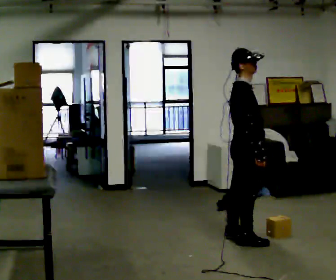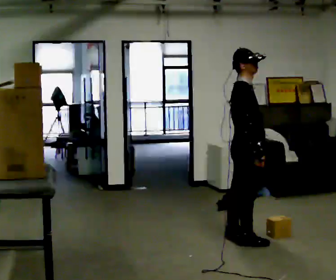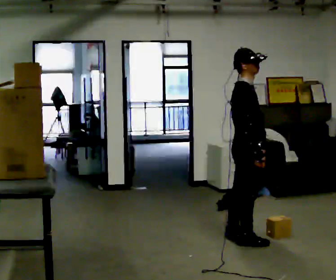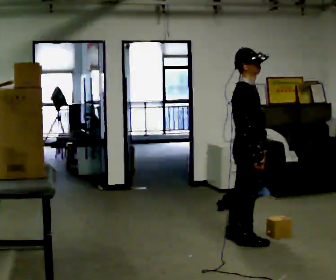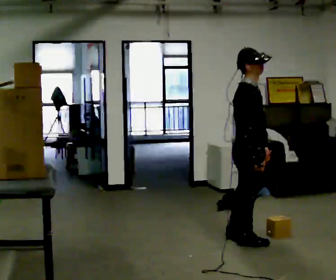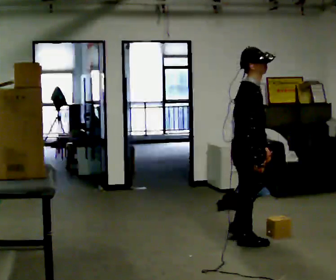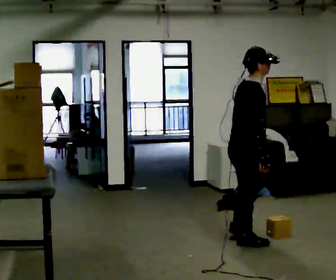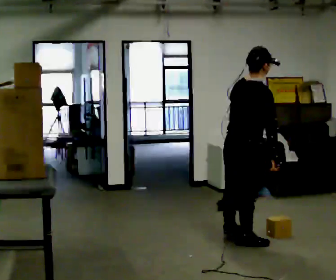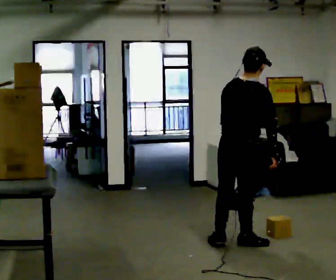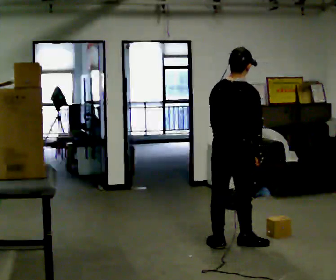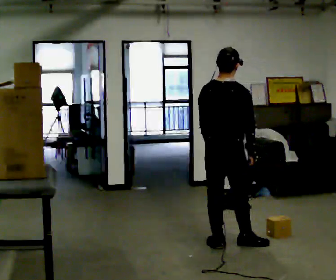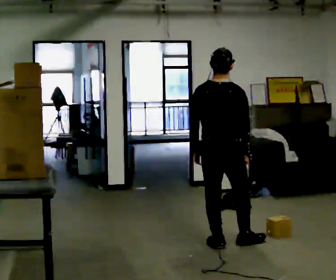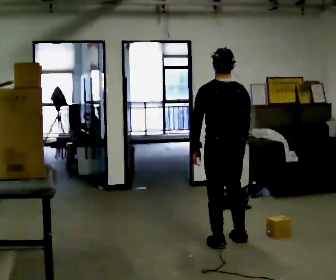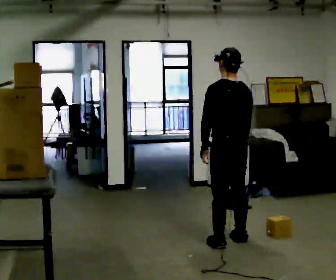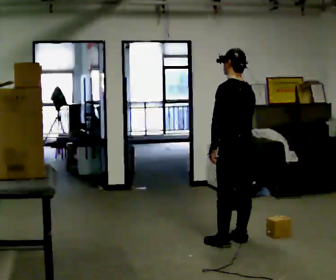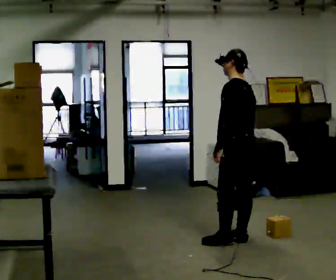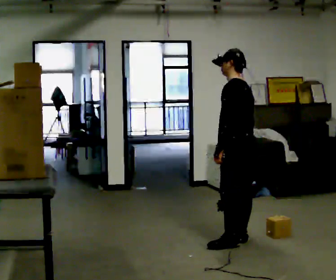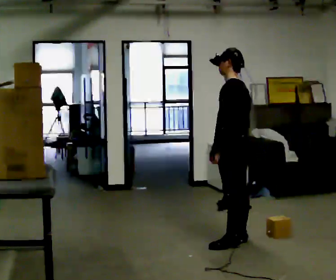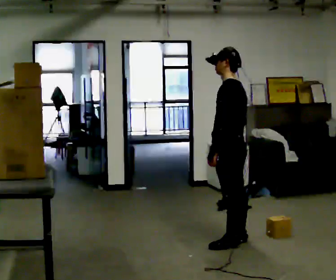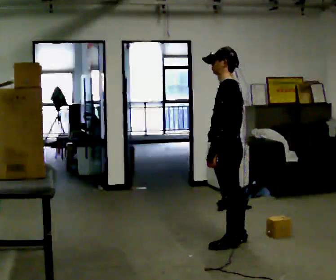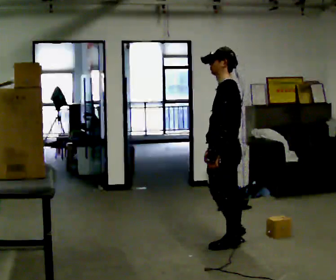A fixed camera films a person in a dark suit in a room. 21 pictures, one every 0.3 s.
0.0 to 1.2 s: The person moves a little, or ends about where they began.
1.2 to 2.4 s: Seen from above the body turns counterclockwise, about 60 degrees: to their left, with its near side sliding to the right. In the picture their left hand goes to the left.
2.4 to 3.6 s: The person turns about 45 degrees to their left, counterclockwise seen from above, so the part of the body nearest the lens slides to the right.
3.6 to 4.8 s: The person turns about 45 degrees to their left, counterclockwise seen from above, so the part of the body nearest the lens slides to the right.
4.8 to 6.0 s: The person moves a little, or ends about where they began.
The film runs forward here.
